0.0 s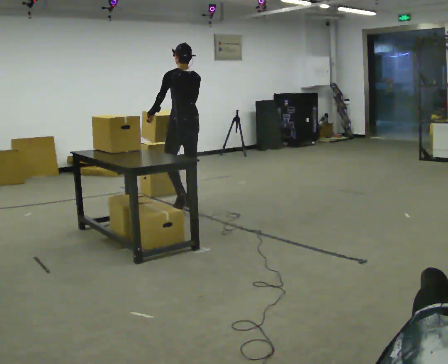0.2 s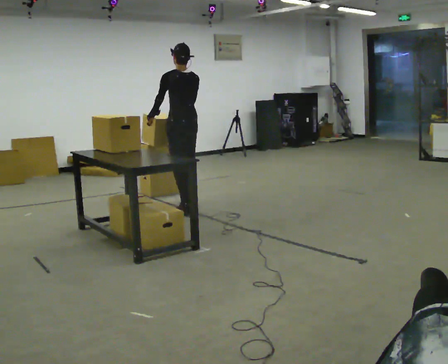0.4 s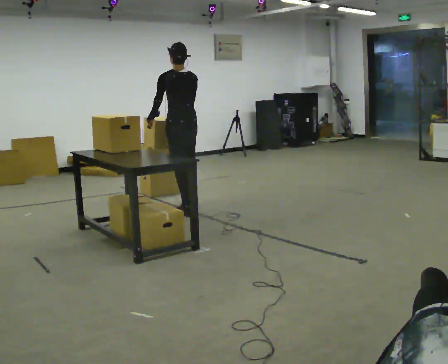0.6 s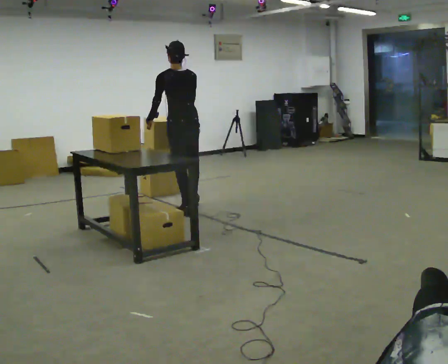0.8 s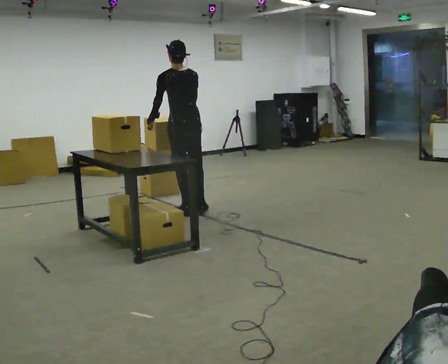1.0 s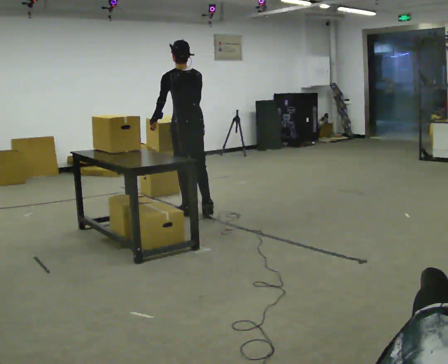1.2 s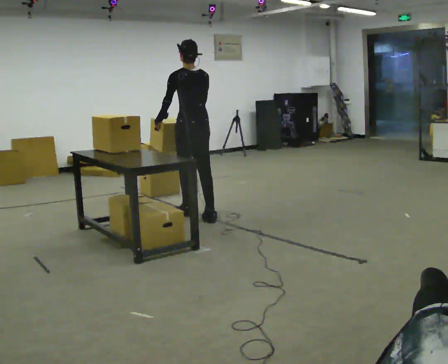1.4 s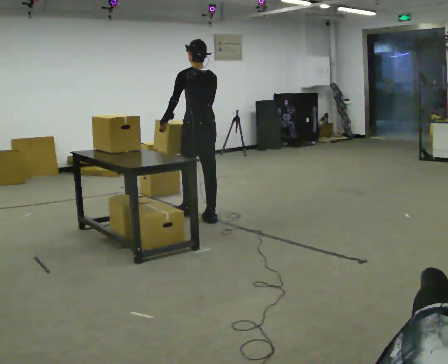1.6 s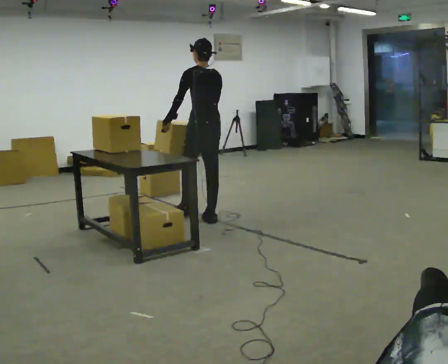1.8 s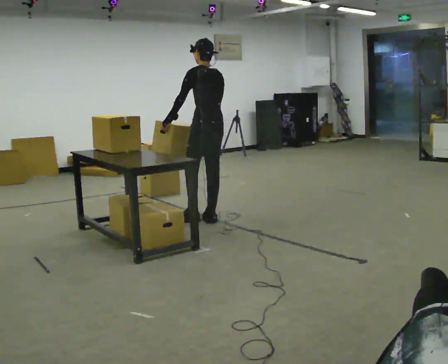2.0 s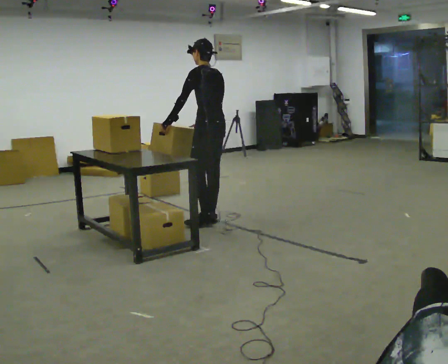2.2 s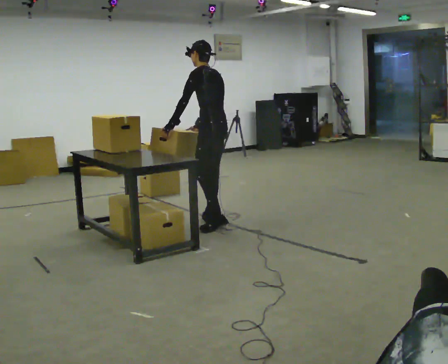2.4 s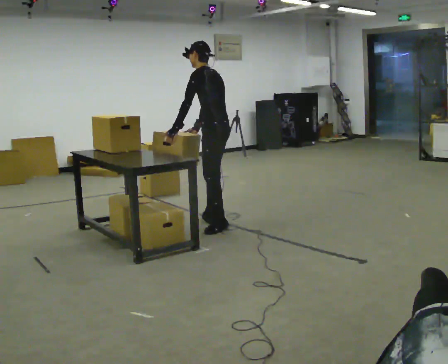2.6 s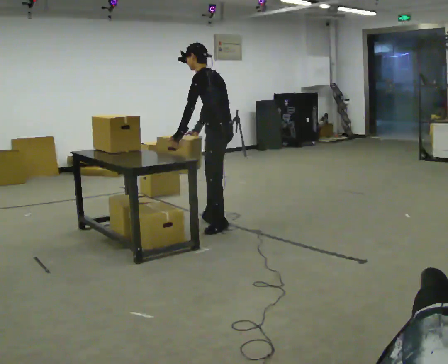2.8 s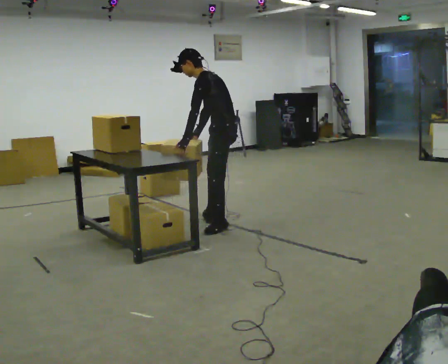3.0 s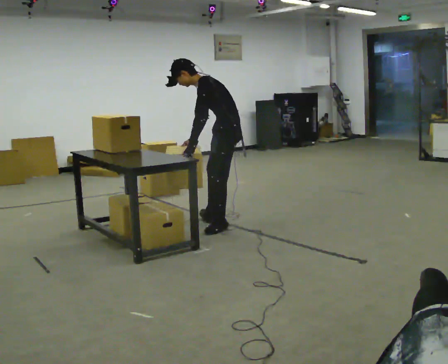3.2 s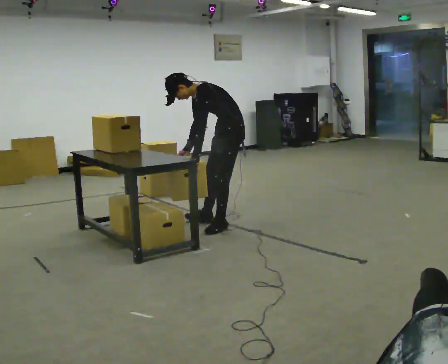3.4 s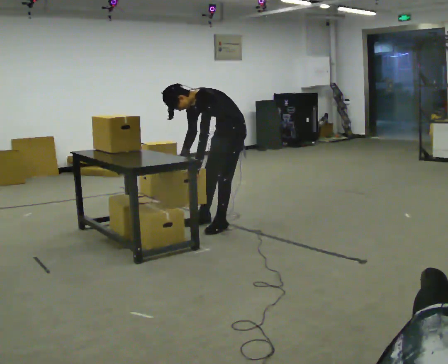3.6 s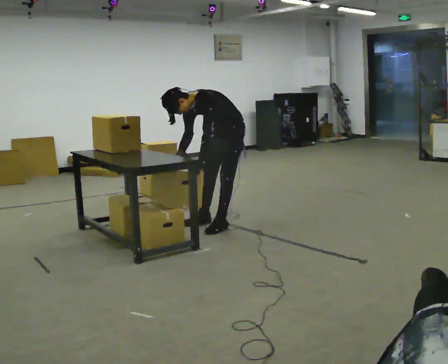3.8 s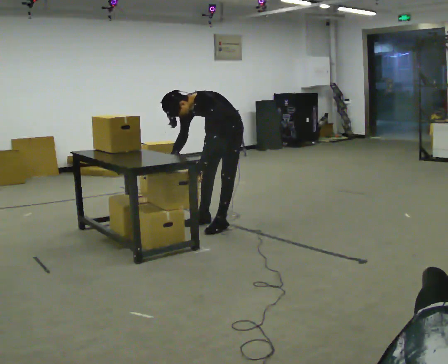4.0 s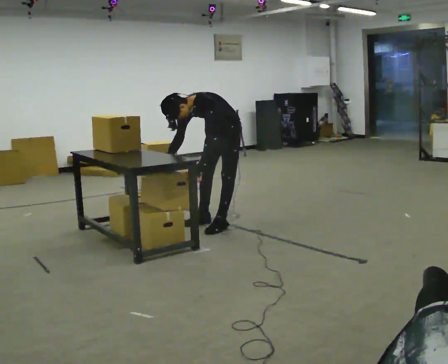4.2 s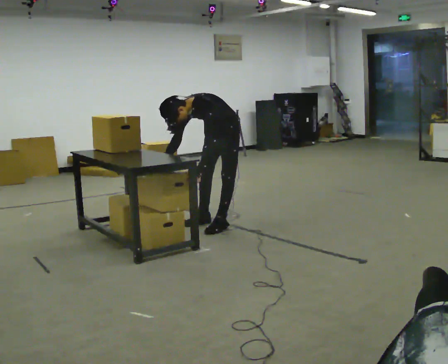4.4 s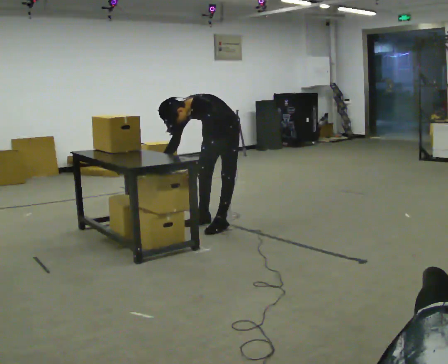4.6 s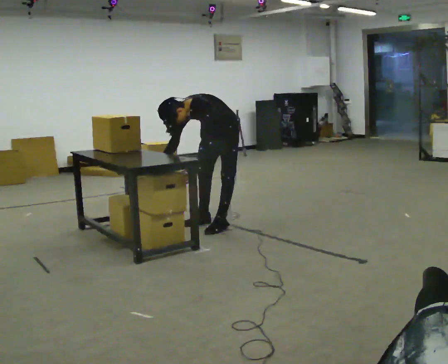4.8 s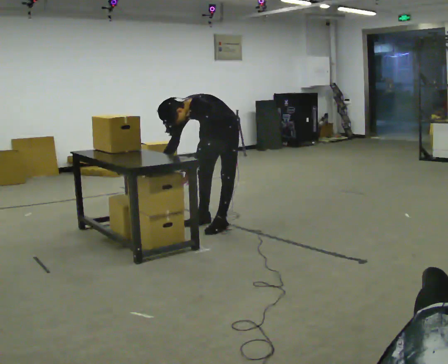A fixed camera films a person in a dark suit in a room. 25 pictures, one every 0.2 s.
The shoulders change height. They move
downward.
The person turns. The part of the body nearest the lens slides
to the right.
0.0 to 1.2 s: In the picture they go toward the camera, about 0.5 m in 1 step, which for them is backward.
1.2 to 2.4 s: The person turns about 45 degrees to their left, counterclockwise seen from above, so the part of the body nearest the lens slides to the right. In the picture they go to the right and toward the camera, about 0.25 m in 1 step, which for them is backward.
2.4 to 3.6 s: The part of the body nearest the lens slides to the right as the person turns to their left by about 60 degrees. The shoulders move downward. The upper body tips toward the camera, its near side rolling downward, as they bend forward.
3.6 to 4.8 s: The upper body tips toward the camera, its near side rolling downward.
The film runs backward here.
